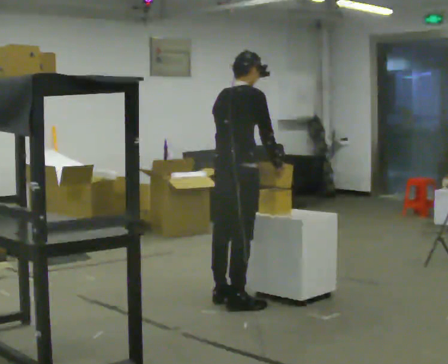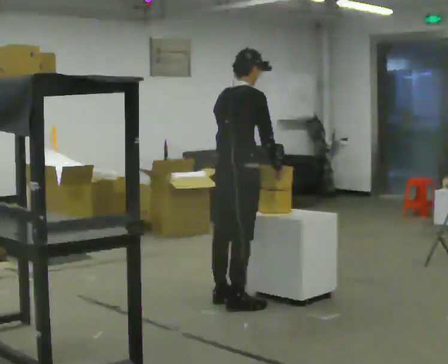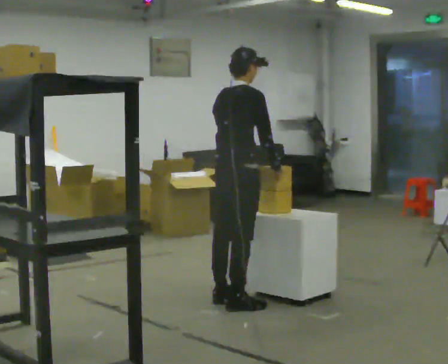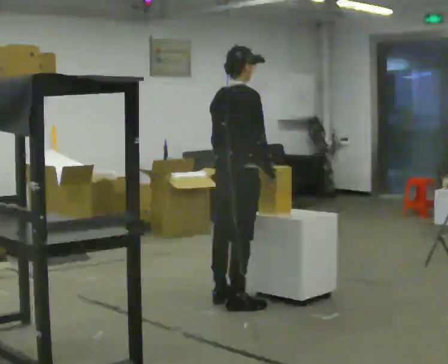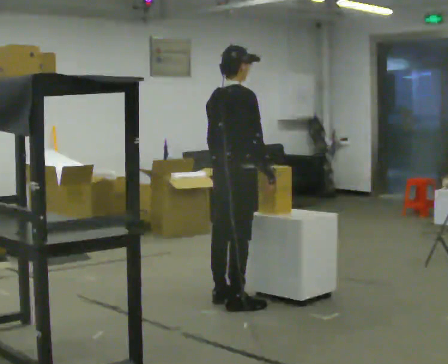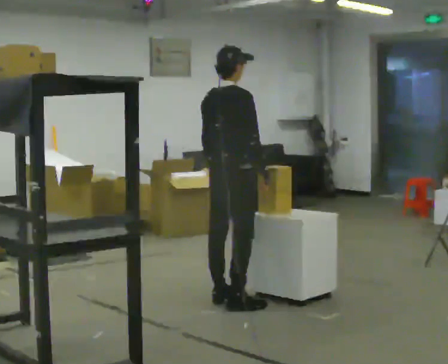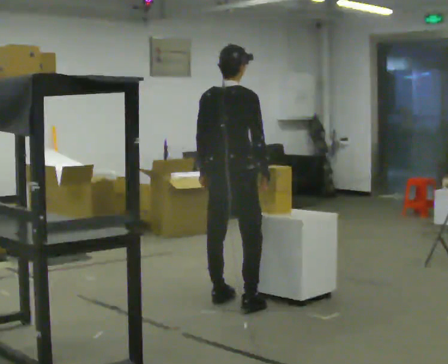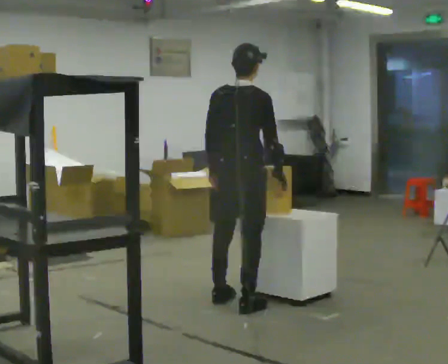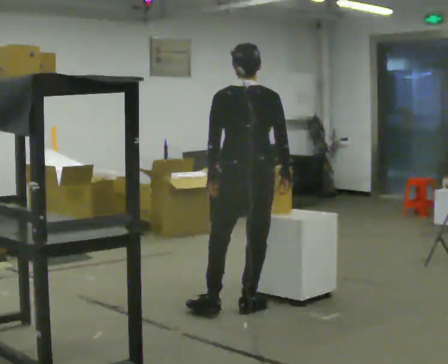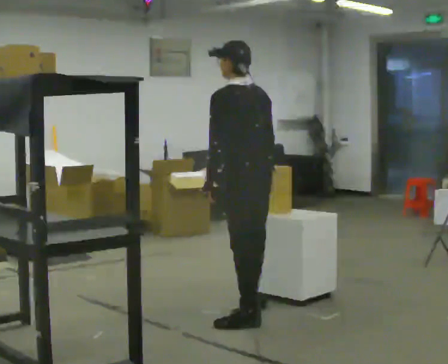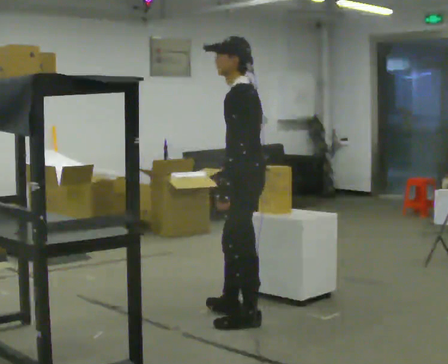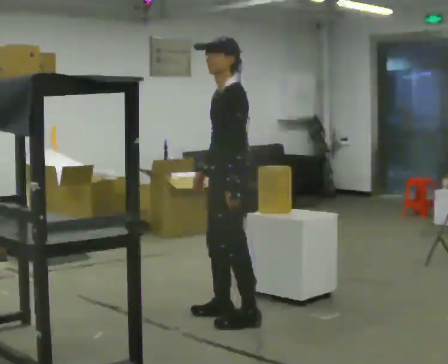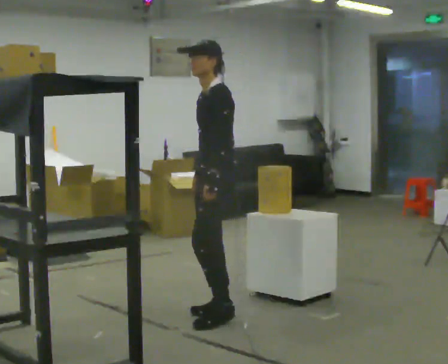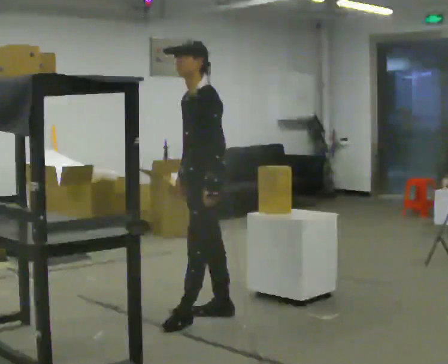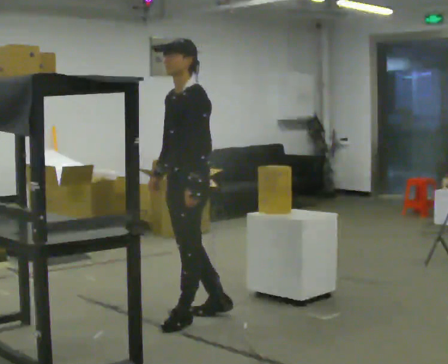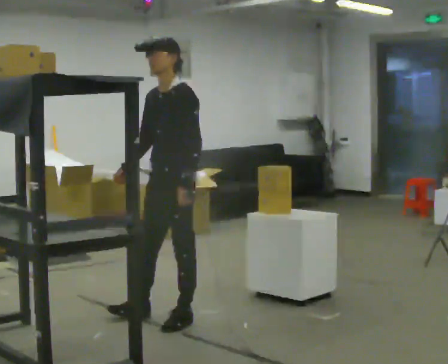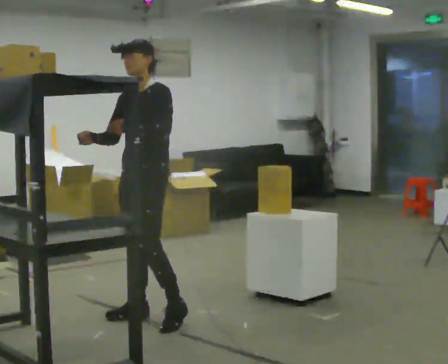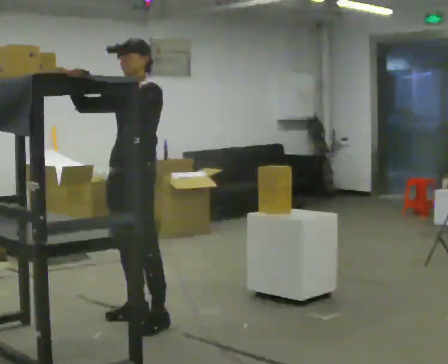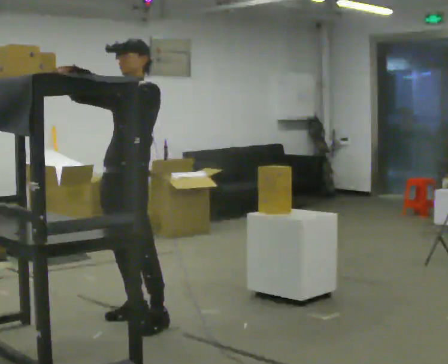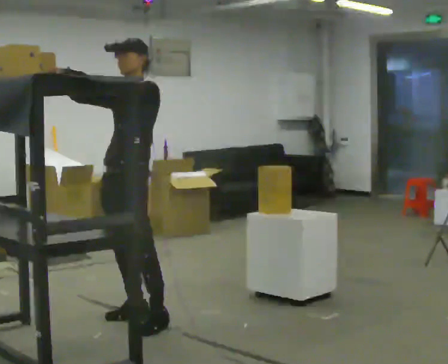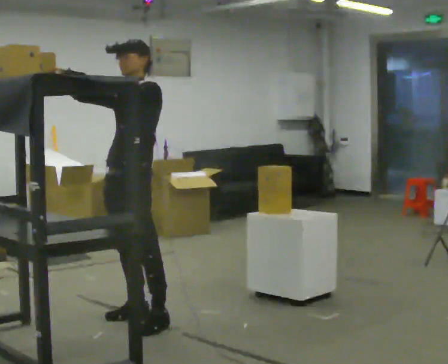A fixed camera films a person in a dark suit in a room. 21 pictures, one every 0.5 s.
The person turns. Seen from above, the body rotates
counterclockwise.
The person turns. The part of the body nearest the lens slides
to the right.
0.0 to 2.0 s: The person moves a little, or ends about where they began.
2.0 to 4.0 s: The part of the body nearest the lens slides to the right as the person turns to their left by about 60 degrees. In the picture they go toward the camera, about 0.25 m, which for them is to their right and backward.
4.0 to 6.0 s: Seen from above the body turns counterclockwise, about 90 degrees: to their left, with its near side sliding to the right. In the picture they go to the left, about 0.25 m in 1 step. In the picture their right hand goes to the left.
6.0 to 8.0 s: Seen from above the body turns counterclockwise, about 30 degrees: to their left, with its near side sliding to the right. In the picture they go to the left, about 0.5 m in 2 steps, which for them is forward.
8.0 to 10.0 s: In the picture their right hand goes upward.
The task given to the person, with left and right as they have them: Reach up into the bin on the top shelf, take out one object at a time, and carry it to the table. Keep going until the operator says stop; one object at a time, and do not rush between trips.
The film runs forward here.
